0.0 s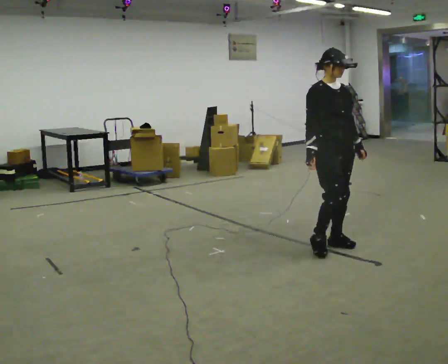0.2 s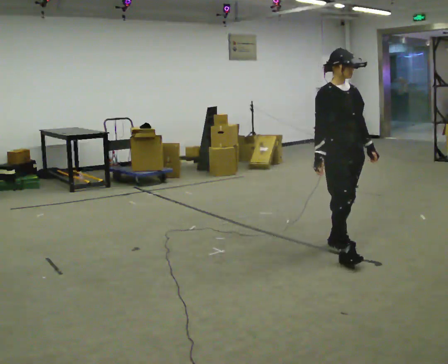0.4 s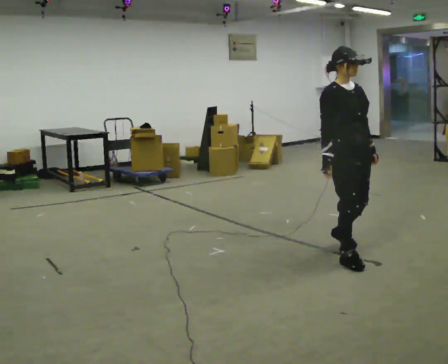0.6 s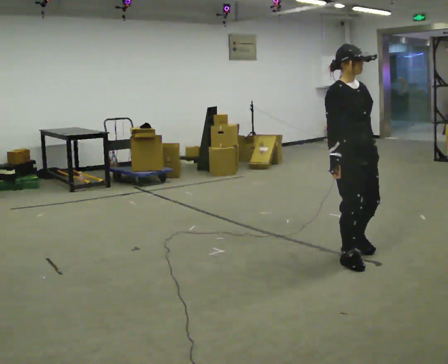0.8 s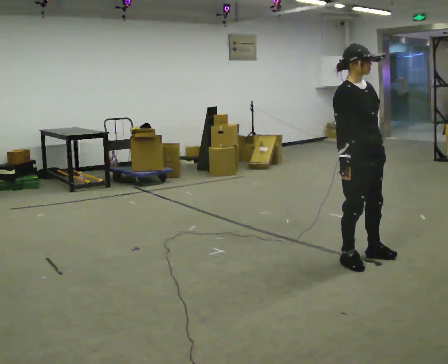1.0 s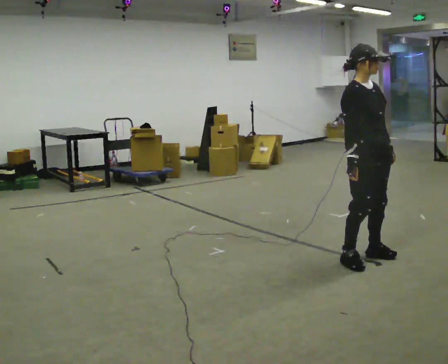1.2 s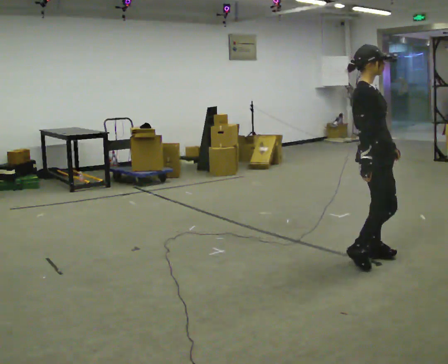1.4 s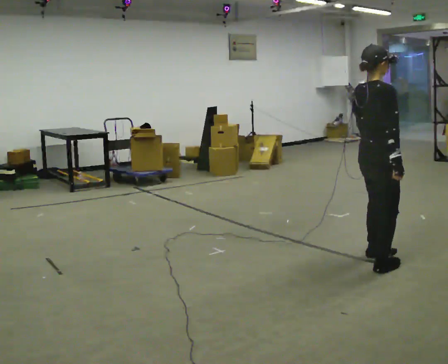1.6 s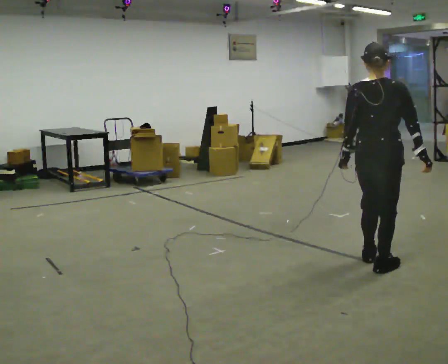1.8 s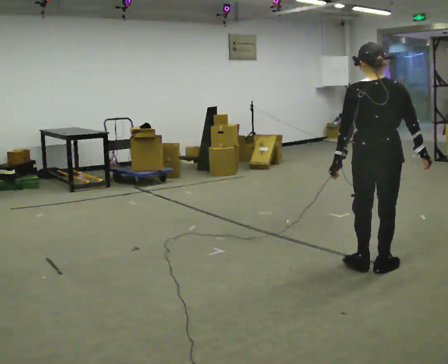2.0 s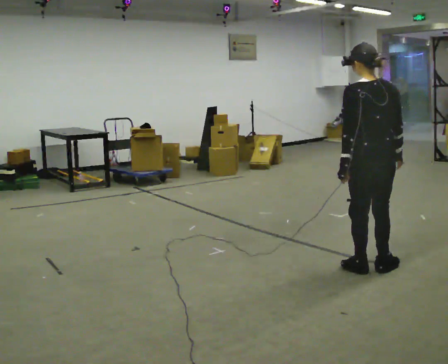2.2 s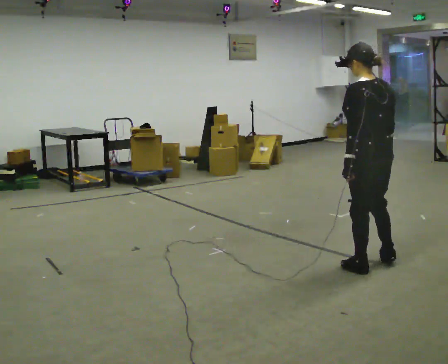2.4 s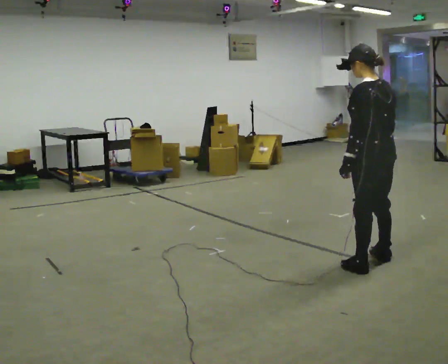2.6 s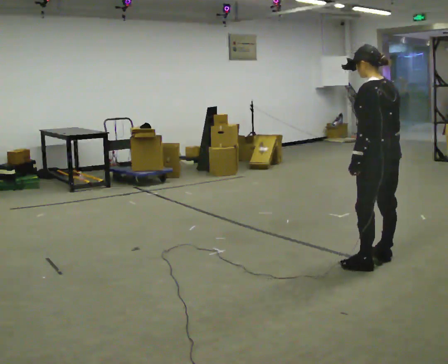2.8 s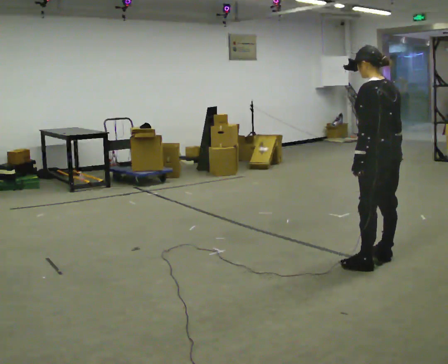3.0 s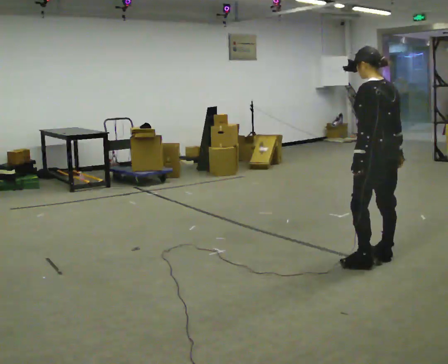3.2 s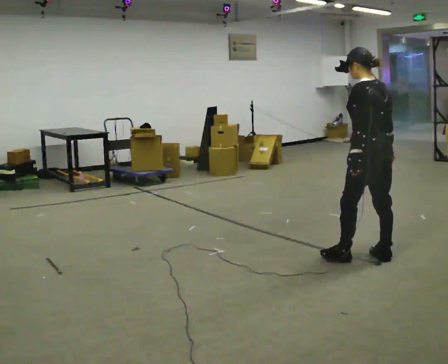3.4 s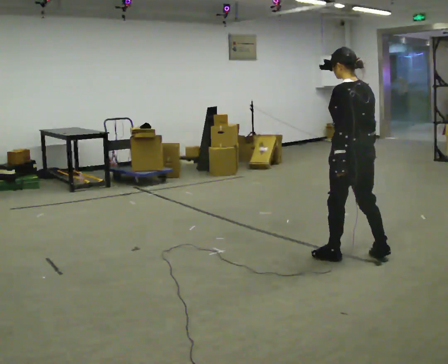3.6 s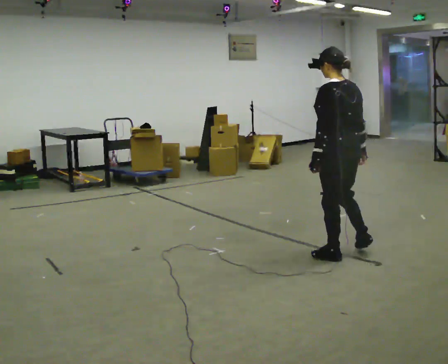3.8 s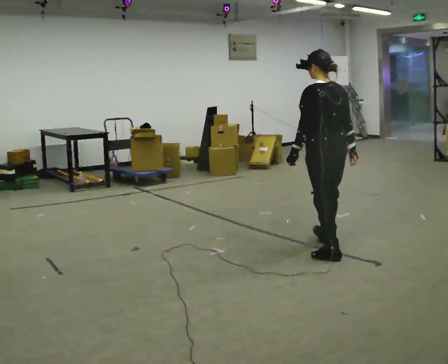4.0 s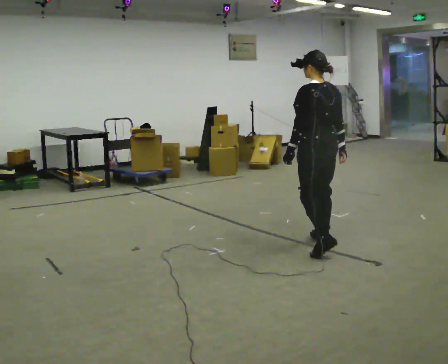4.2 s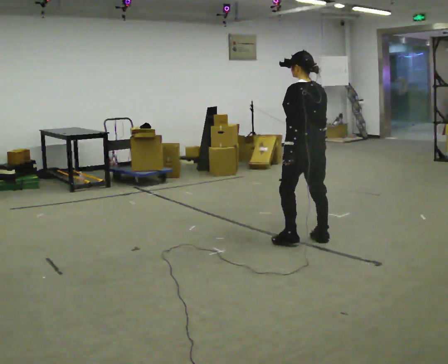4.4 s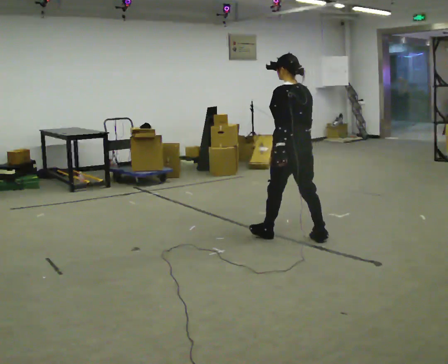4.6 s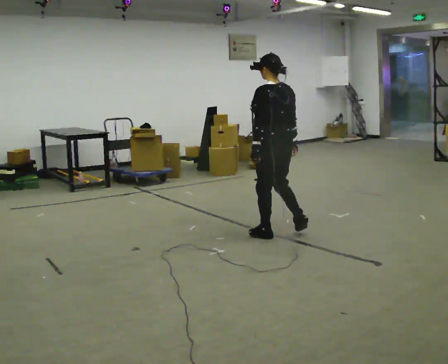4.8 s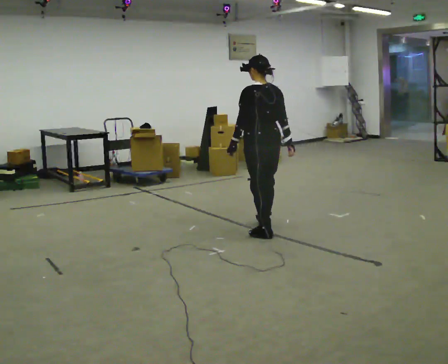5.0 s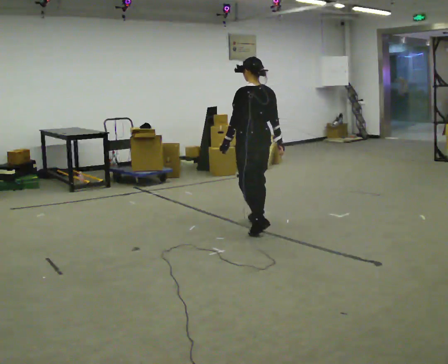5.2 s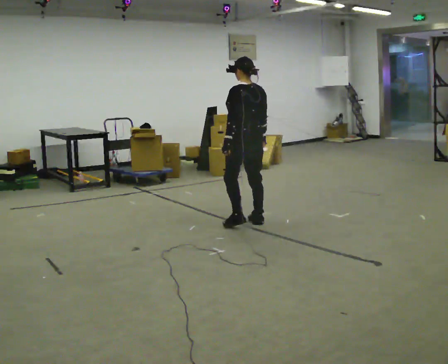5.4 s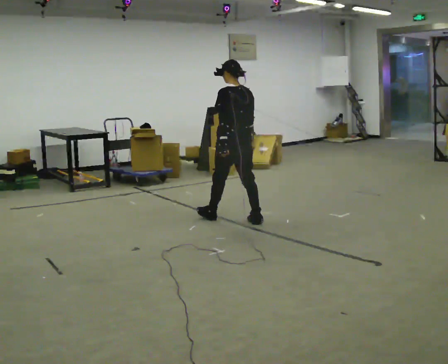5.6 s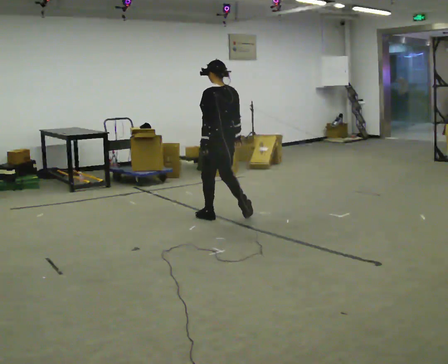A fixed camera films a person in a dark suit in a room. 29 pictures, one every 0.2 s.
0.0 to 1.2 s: The part of the body nearest the lens slides to the right as the person turns to their left by about 45 degrees. In the picture they go to the right and toward the camera, about 0.5 m in 2 steps, which for them is forward.
1.2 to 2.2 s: Seen from above the body turns counterclockwise, about 135 degrees: to their left, with its near side sliding to the right. In the picture they go toward the camera, about 0.25 m in 2 steps.
2.2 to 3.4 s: In the picture they go away from the camera and to the left, about 0.25 m in 2 steps, which for them is forward.
3.4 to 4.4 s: In the picture they go to the left and away from the camera, about 0.75 m in 2 steps, which for them is forward.
4.4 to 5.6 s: In the picture they go to the left and away from the camera, about 1 m in 2 steps, which for them is forward.
The film runs forward here.
